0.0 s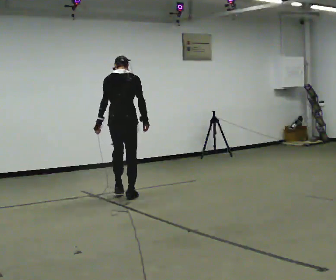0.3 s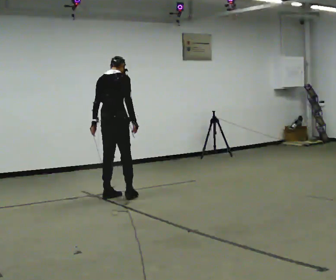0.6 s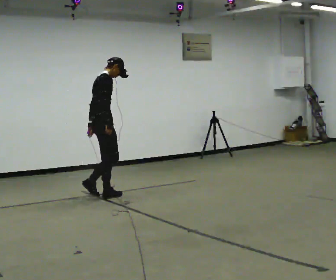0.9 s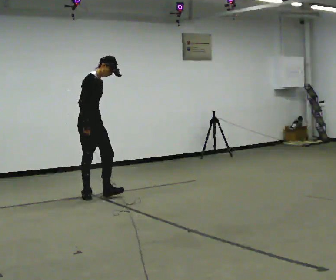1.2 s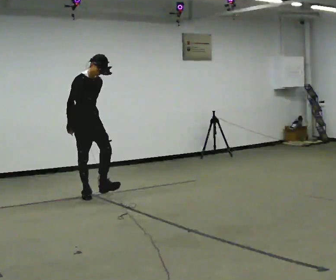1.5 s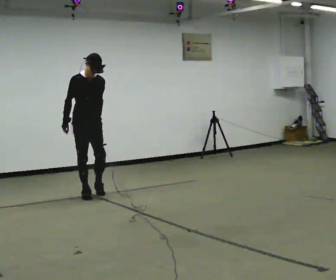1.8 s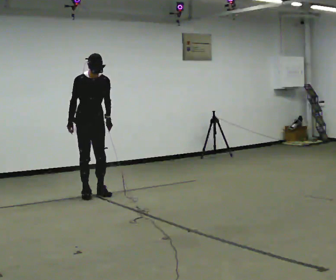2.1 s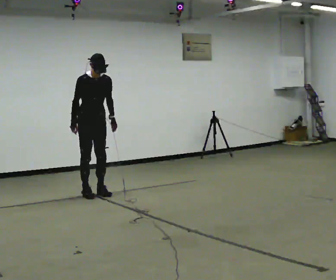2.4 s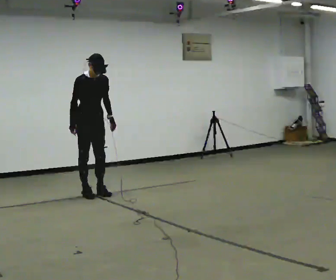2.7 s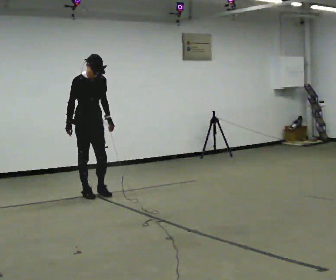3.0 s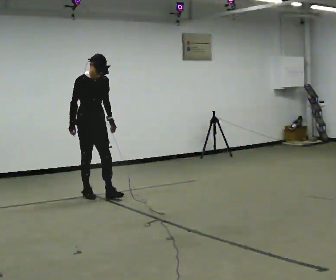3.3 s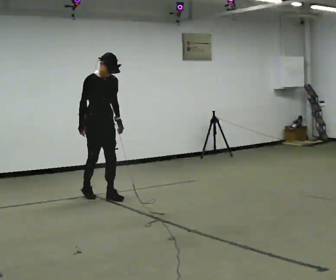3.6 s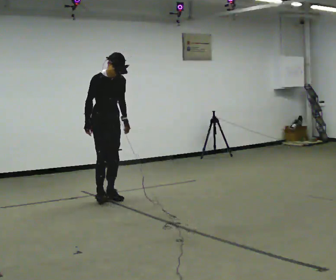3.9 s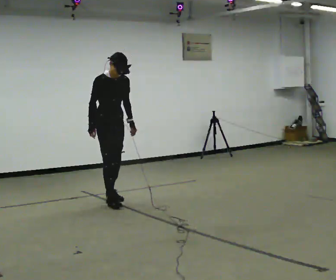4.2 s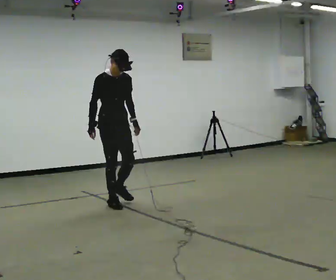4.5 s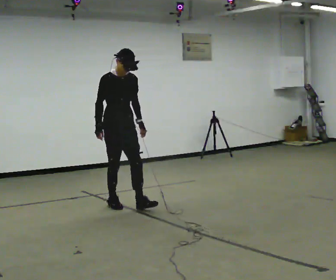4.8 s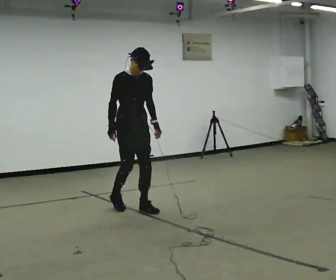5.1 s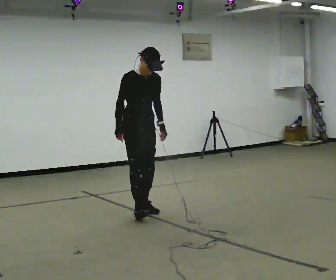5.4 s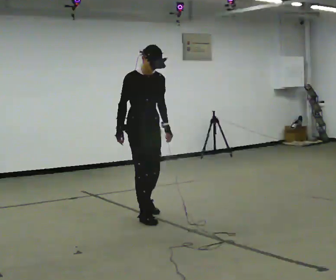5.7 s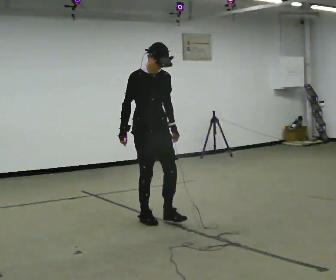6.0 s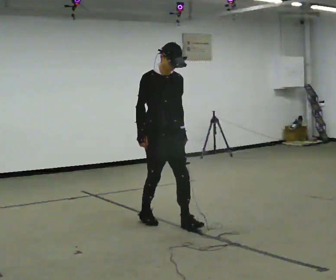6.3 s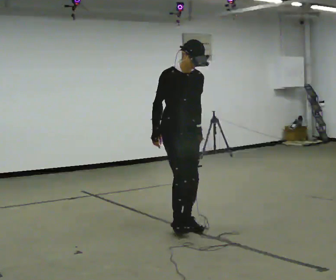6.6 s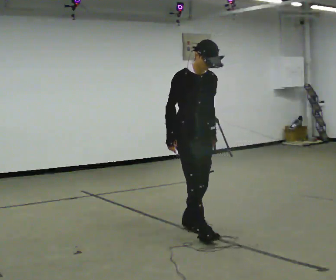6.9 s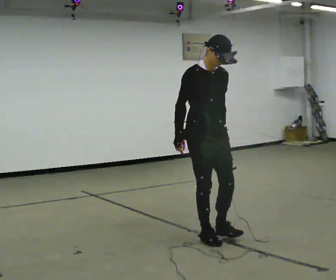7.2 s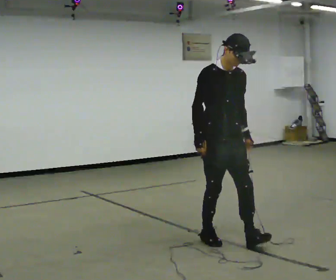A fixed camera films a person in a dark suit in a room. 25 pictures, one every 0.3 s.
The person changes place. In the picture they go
toward the camera.
0.0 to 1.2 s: Seen from above the body turns clockwise, about 135 degrees: to their right, with its near side sliding to the left. In the picture they go to the left, about 0.5 m in 2 steps. The upper body tips toward the camera, its near side rolling downward.
1.2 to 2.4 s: The person moves a little, or ends about where they began.
2.4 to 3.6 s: In the picture they go toward the camera and to the right, about 0.25 m in 2 steps, which for them is forward.
3.6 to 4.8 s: In the picture they go toward the camera and to the right, about 0.75 m in 2 steps, which for them is forward.
4.8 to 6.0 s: In the picture they go toward the camera and to the right, about 0.75 m in 1 step, which for them is forward.
6.0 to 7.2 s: In the picture they go toward the camera and to the right, about 1 m in 2 steps, which for them is forward.
The film runs backward here.
